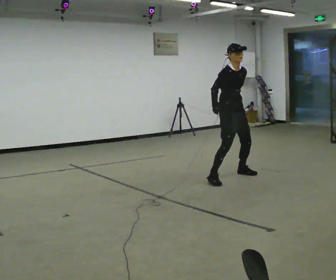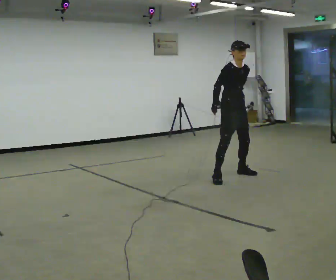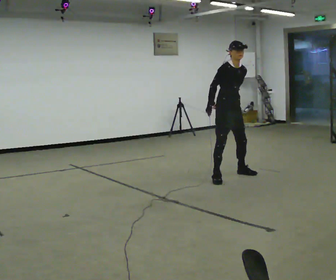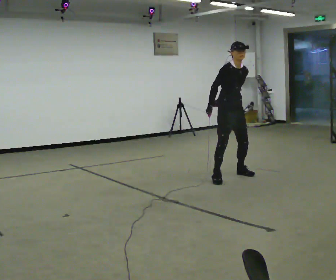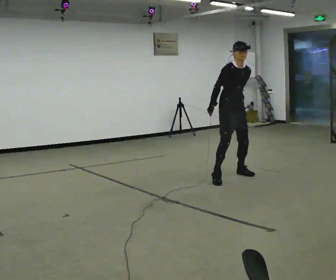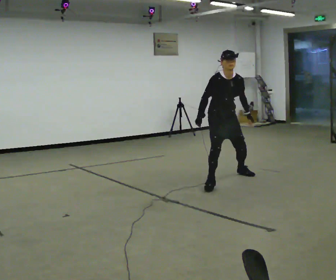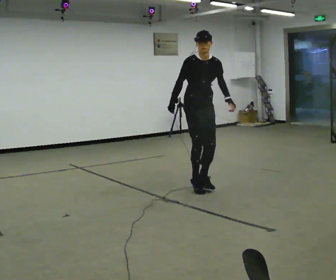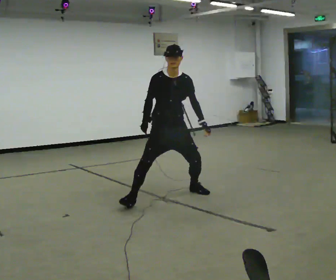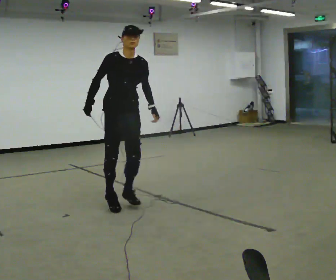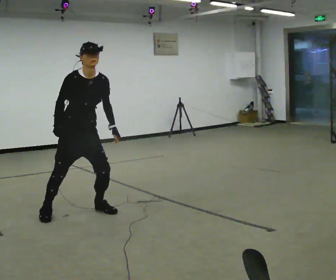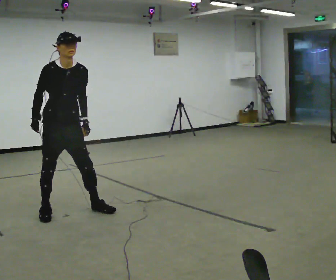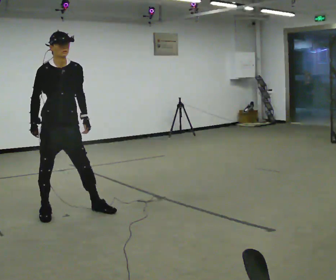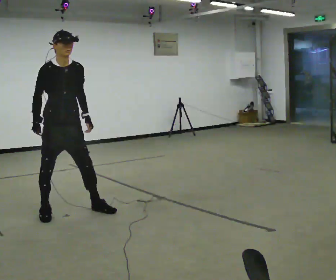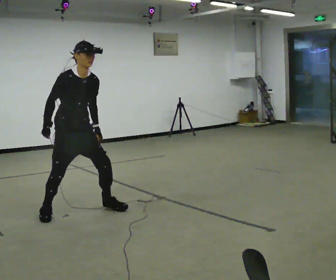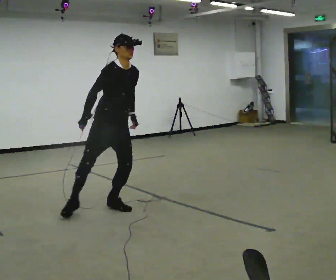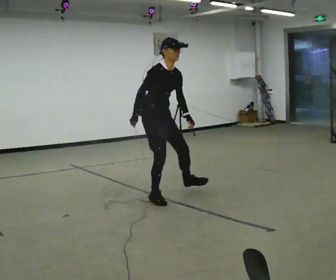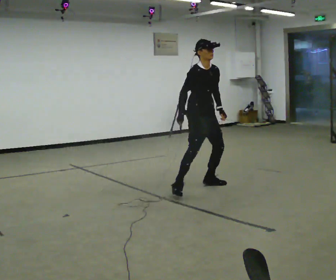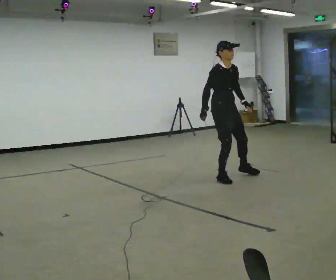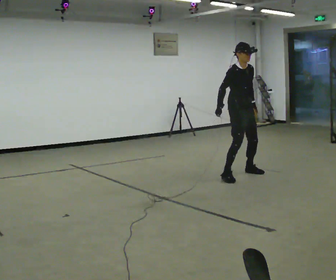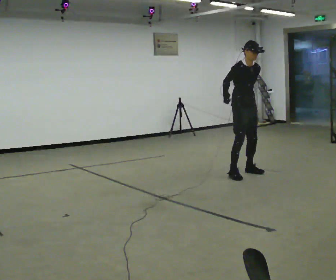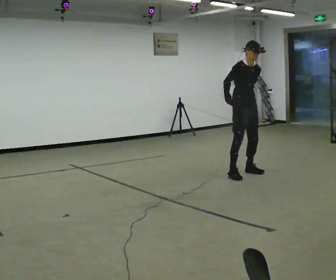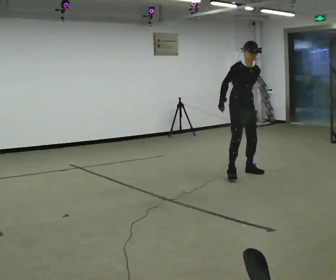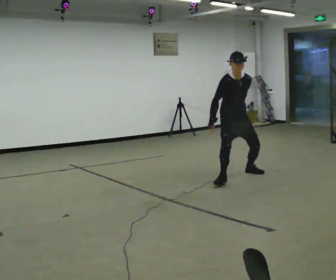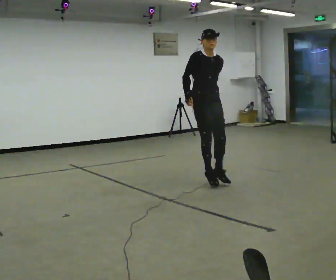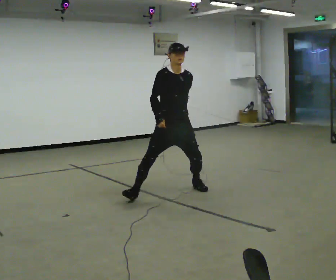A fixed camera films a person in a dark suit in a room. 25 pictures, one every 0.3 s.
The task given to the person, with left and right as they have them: Gallop forward leading with the leg the operator calls, keeping the same leg in front throughout.
0.0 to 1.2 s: The person moves a little, or ends about where they began.
1.2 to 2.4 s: In the picture they go to the left and toward the camera, about 1.5 m in 3 steps, which for them is to their right and forward.
2.4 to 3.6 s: In the picture they go to the left, about 0.5 m in 2 steps, which for them is to their right.
3.6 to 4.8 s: In the picture they go to the right and away from the camera, about 1.5 m in 2 steps, which for them is to their left.
4.8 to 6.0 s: In the picture they go to the right and away from the camera, about 1 m in 3 steps, which for them is to their left.
6.0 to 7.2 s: In the picture they go to the left and toward the camera, about 1.5 m in 1 step, which for them is to their right and forward.
The film runs forward here.
